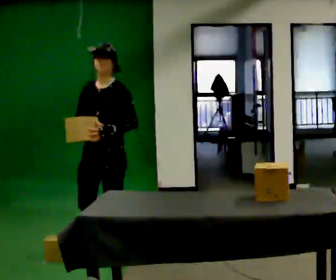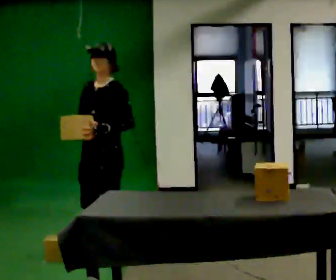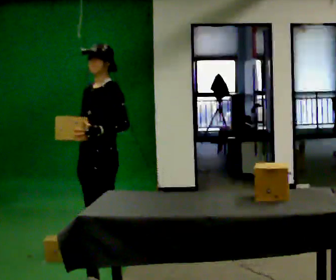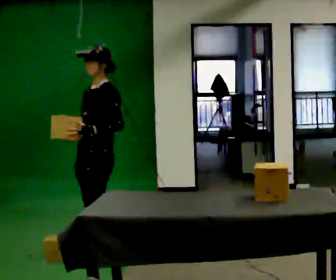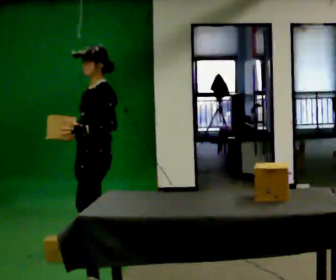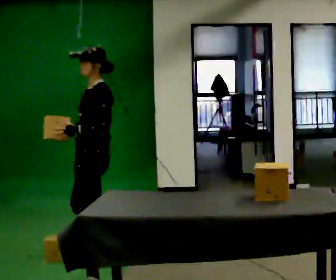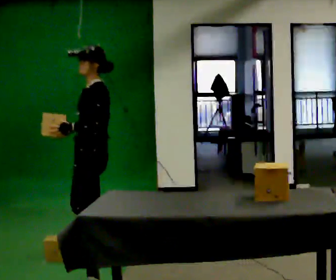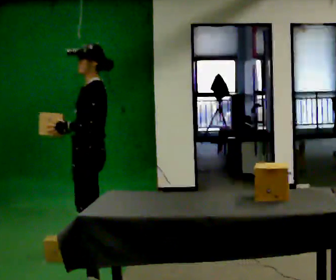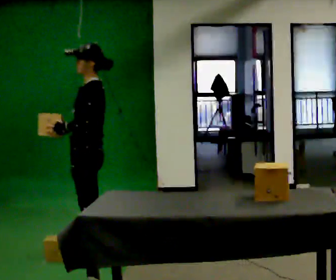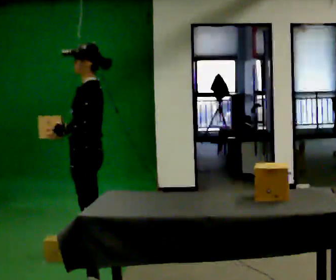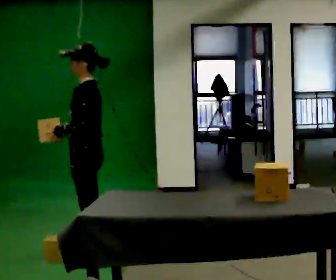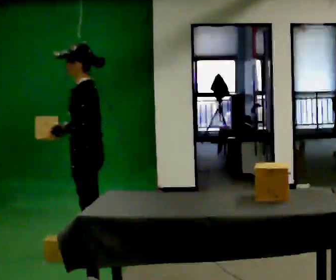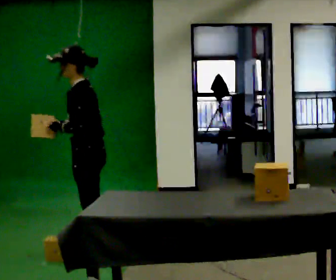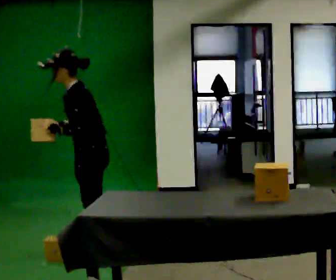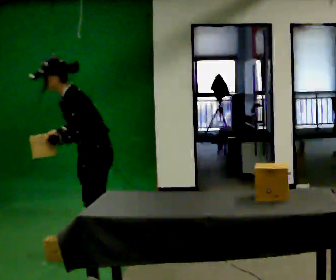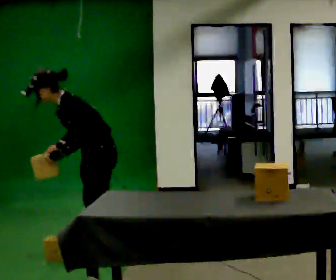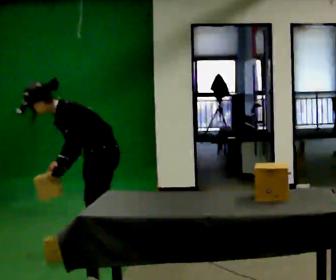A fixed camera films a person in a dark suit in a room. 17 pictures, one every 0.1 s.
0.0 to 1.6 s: Seen from above the body turns clockwise, about 45 degrees: to their right, with its near side sliding to the left. The upper body goes downward. In the picture the upper body tilts counterclockwise, shoulders to the left, as they bend forward.
The film runs backward here.
